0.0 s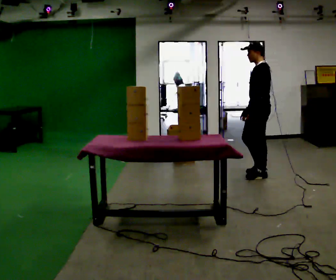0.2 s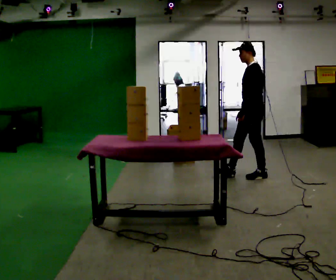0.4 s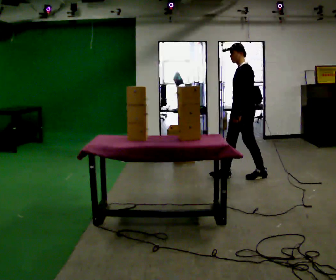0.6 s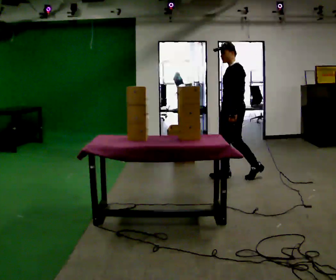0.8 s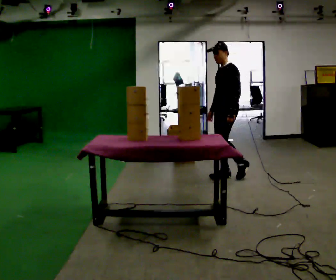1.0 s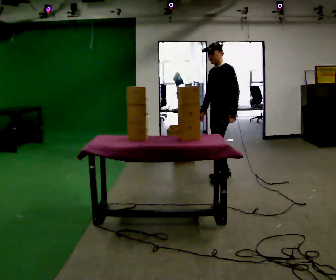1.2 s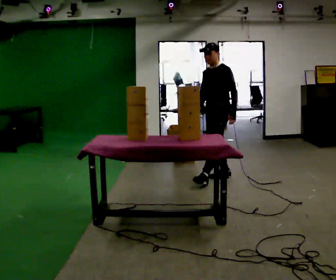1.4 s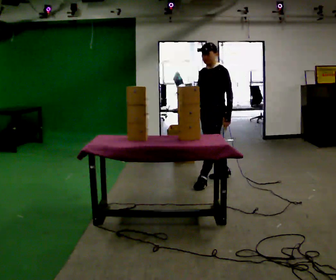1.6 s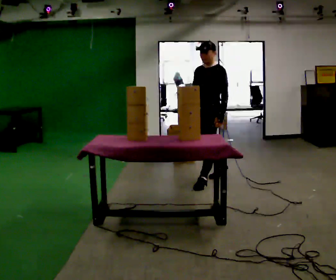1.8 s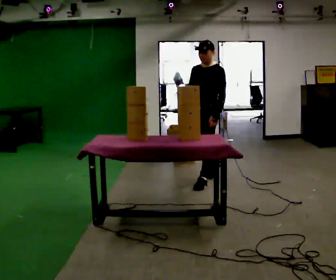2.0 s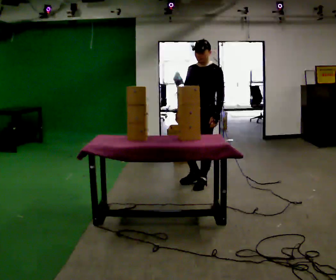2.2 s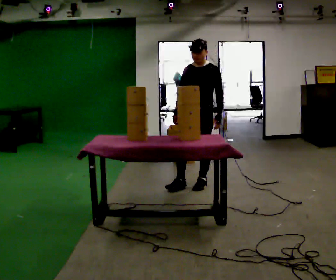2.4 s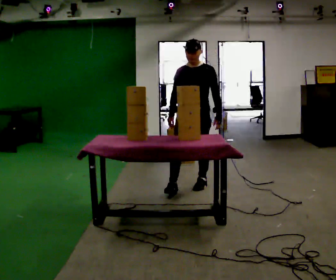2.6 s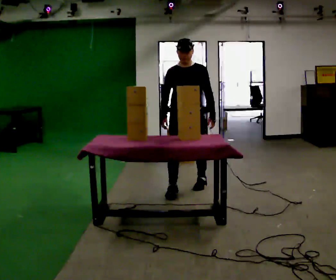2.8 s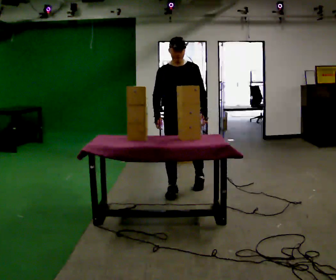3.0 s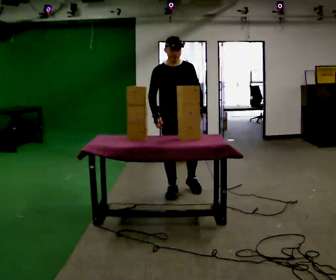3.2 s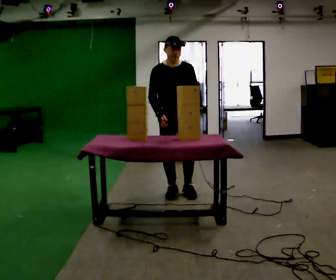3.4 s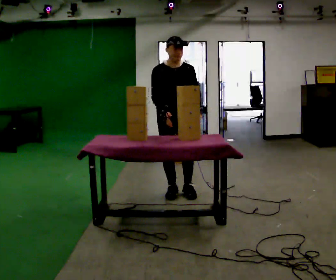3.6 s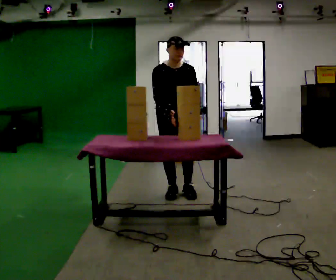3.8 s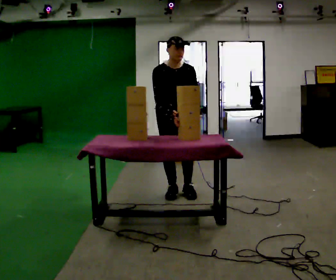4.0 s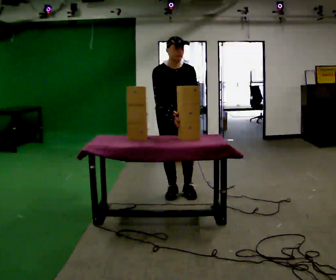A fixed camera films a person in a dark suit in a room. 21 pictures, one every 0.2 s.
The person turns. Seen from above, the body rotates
counterclockwise.
The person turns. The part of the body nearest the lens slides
to the right.
0.0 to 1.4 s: The person turns about 45 degrees to their left, counterclockwise seen from above, so the part of the body nearest the lens slides to the right. In the picture they go to the left, about 0.5 m in 2 steps, which for them is forward.
1.4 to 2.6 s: The part of the body nearest the lens slides to the right as the person turns to their left by about 45 degrees. In the picture they go toward the camera and to the left, about 0.5 m in 1 step, which for them is forward.
2.6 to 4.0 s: Seen from above the body turns counterclockwise, about 30 degrees: to their left, with its near side sliding to the right. In the picture they go to the left and toward the camera, about 0.25 m in 1 step, which for them is to their right. The upper body tips toward the camera, its near side rolling downward, as they bend forward.
The film runs forward here.
